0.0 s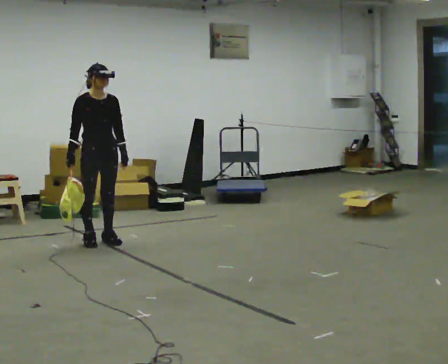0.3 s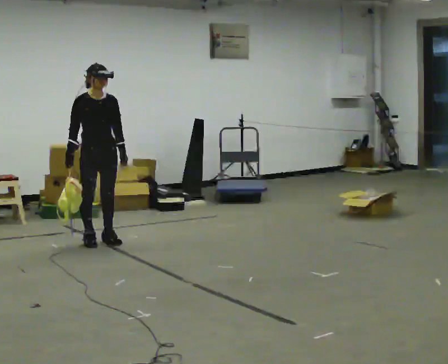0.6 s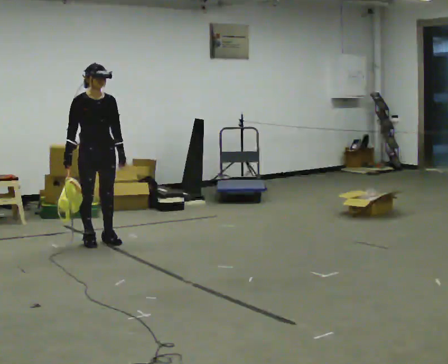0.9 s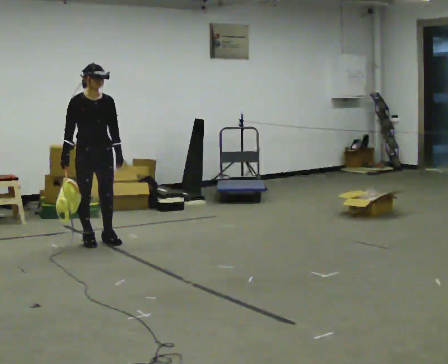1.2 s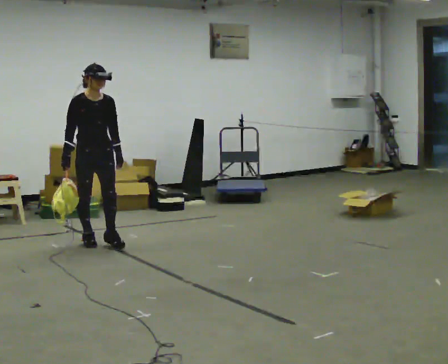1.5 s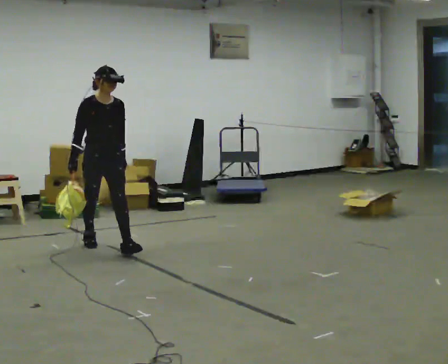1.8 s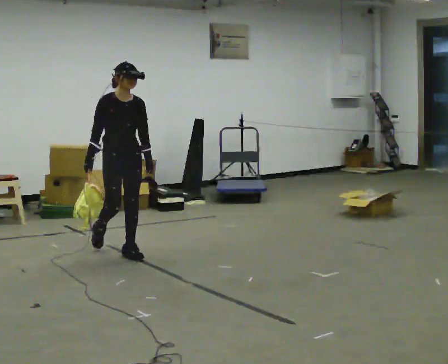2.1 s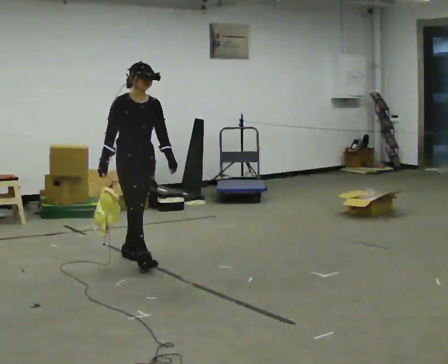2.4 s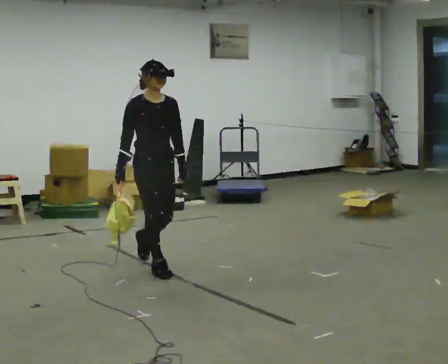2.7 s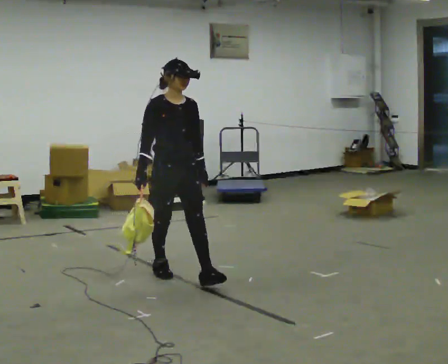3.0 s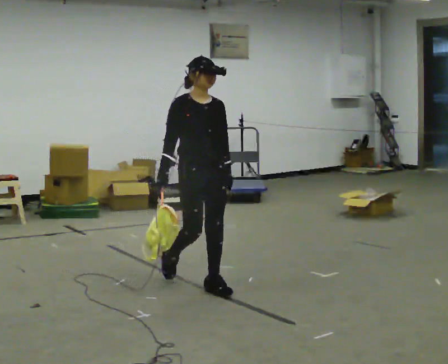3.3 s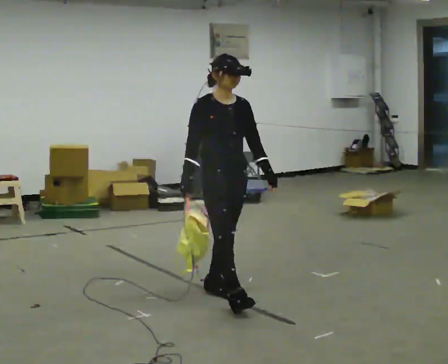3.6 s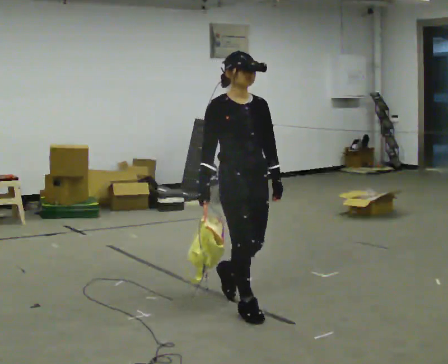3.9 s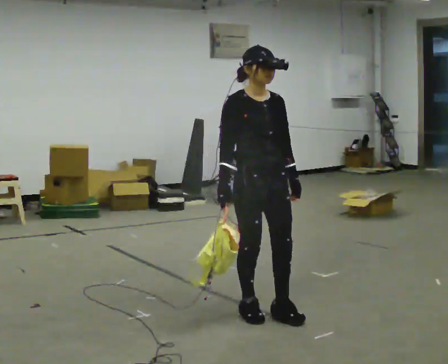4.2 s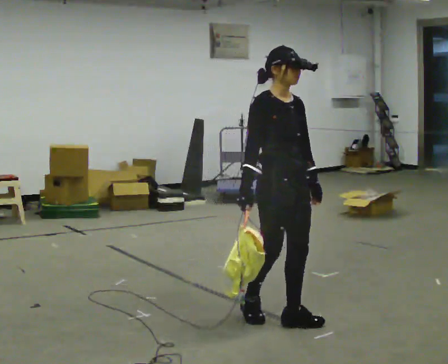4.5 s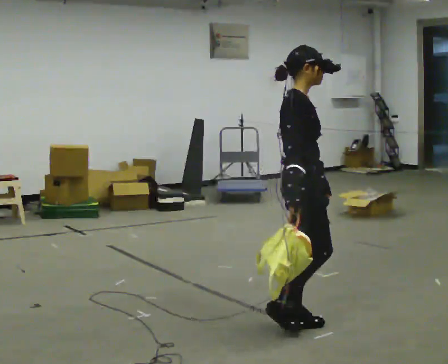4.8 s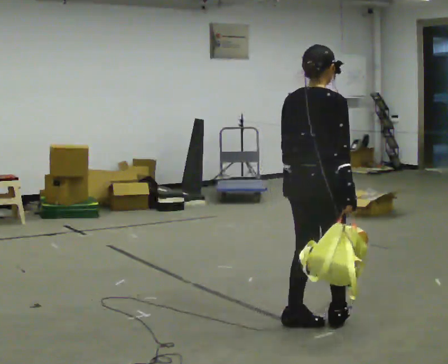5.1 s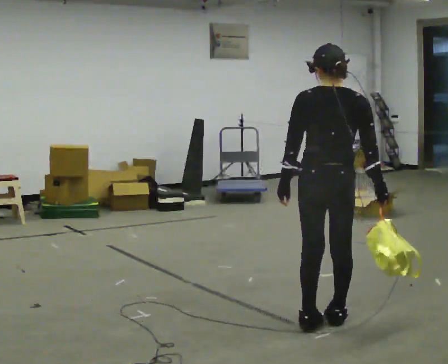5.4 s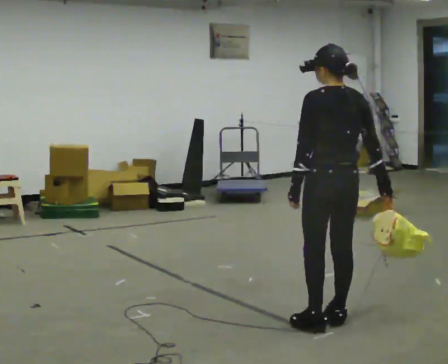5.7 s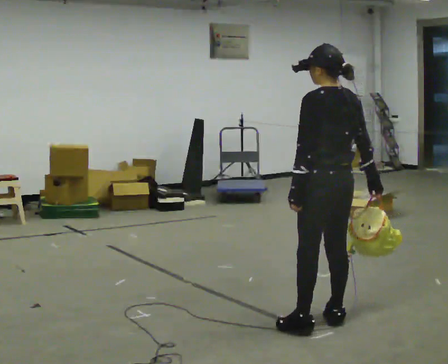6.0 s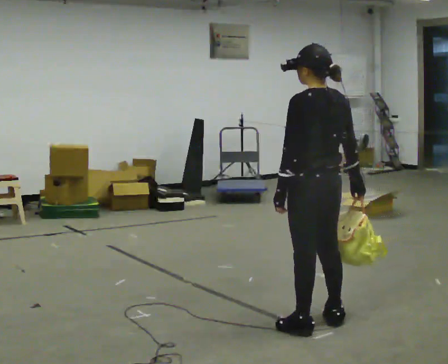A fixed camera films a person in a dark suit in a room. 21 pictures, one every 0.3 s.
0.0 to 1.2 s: The person moves a little, or ends about where they began.
1.2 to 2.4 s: In the picture they go toward the camera and to the right, about 1 m in 2 steps, which for them is forward.
2.4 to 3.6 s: In the picture they go toward the camera and to the right, about 1 m in 2 steps, which for them is forward.
3.6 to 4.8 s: Seen from above the body turns counterclockwise, about 105 degrees: to their left, with its near side sliding to the right. In the picture they go to the right and toward the camera, about 0.5 m in 1 step.
4.8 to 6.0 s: Seen from above the body turns counterclockwise, about 75 degrees: to their left, with its near side sliding to the right.
The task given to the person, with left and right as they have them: Carry the soft bag across the room, back and forth. It will change shape as you move, so hold it however works.
The film runs forward here.
